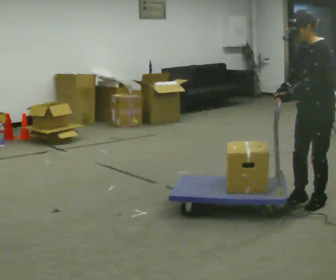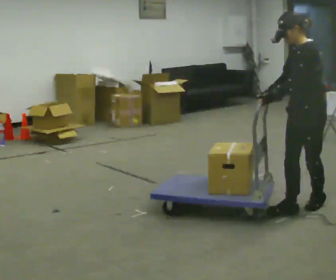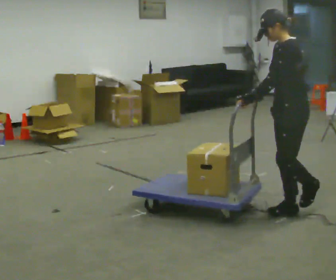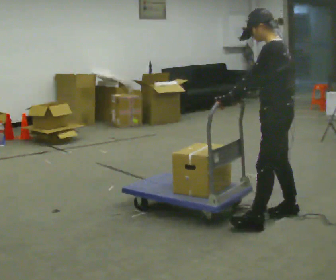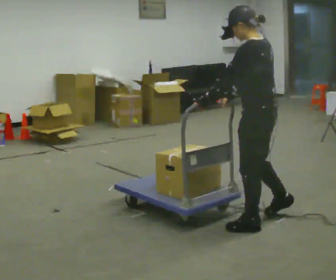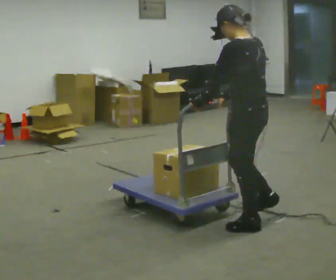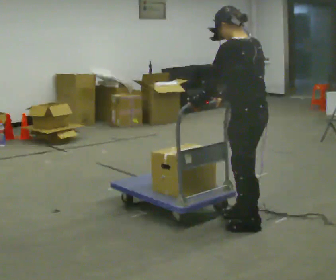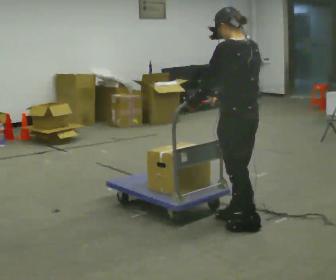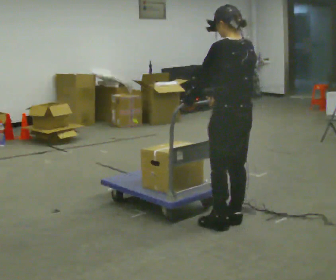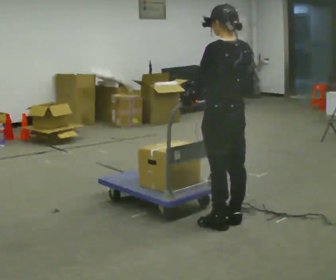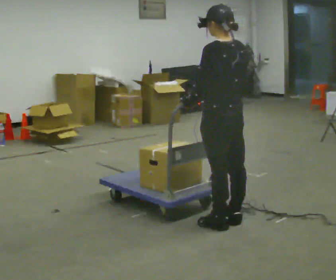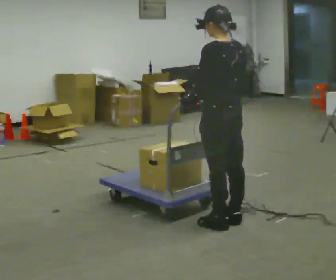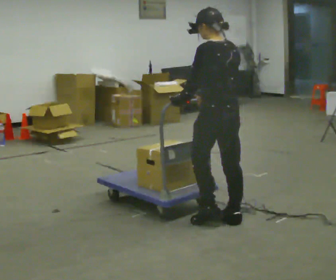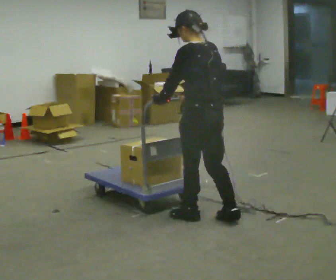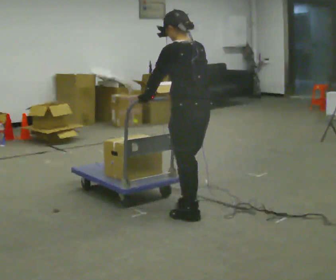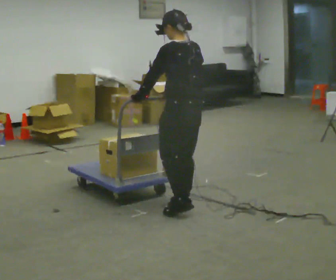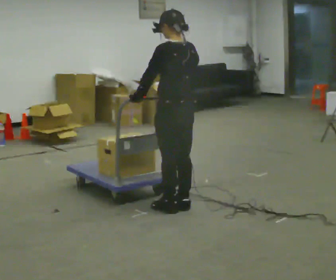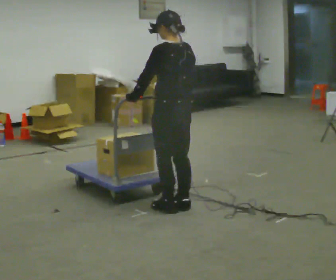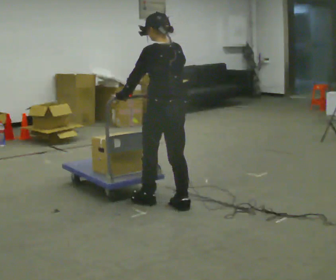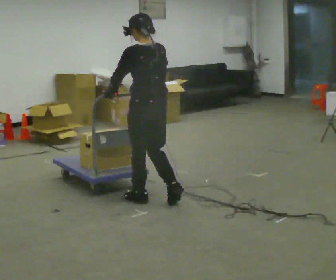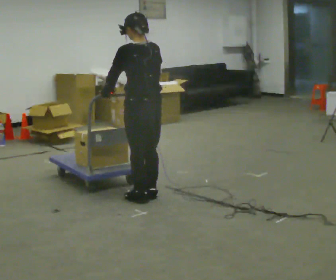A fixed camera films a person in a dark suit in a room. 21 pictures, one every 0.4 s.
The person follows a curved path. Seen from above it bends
clockwise.
The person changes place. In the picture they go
to the left.
0.0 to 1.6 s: The part of the body nearest the lens slides to the left as the person turns to their right by about 45 degrees. In the picture they go to the left and toward the camera, about 0.5 m in 2 steps, which for them is forward.
1.6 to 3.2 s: In the picture they go to the left, about 0.25 m in 2 steps, which for them is forward.
3.2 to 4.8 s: The person moves a little, or ends about where they began.
4.8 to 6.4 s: In the picture they go to the left and away from the camera, about 0.5 m in 3 steps, which for them is forward.
6.4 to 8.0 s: In the picture they go to the left and away from the camera, about 0.25 m in 2 steps, which for them is forward.
The film runs forward here.
